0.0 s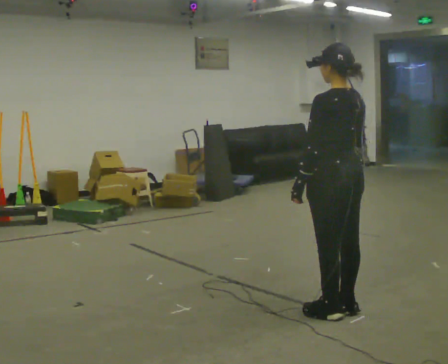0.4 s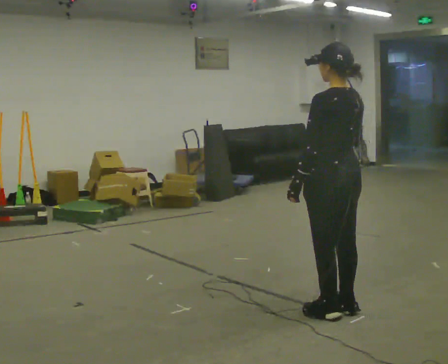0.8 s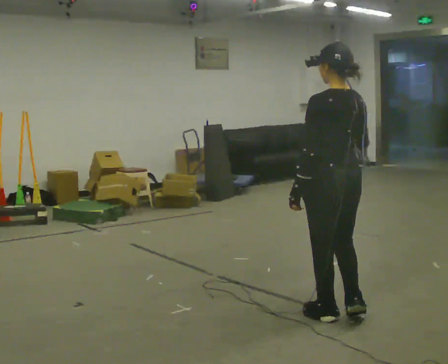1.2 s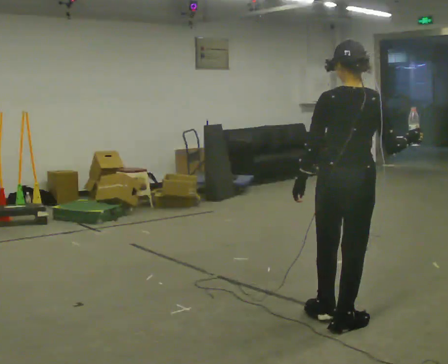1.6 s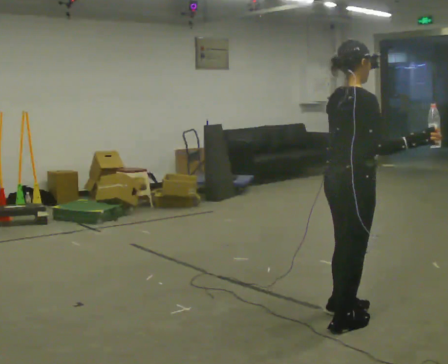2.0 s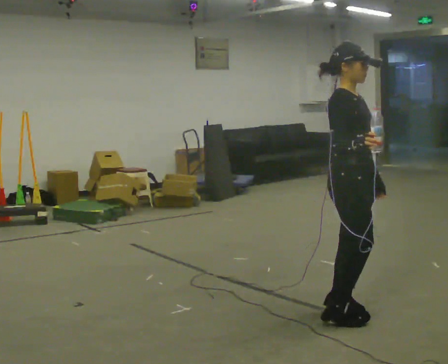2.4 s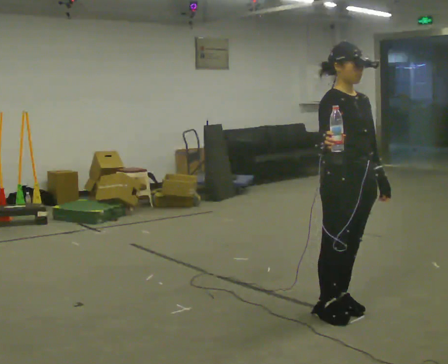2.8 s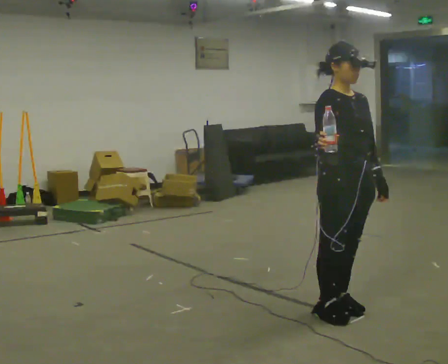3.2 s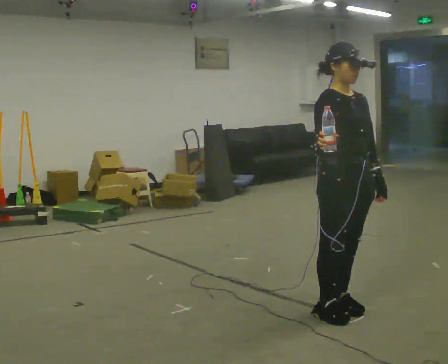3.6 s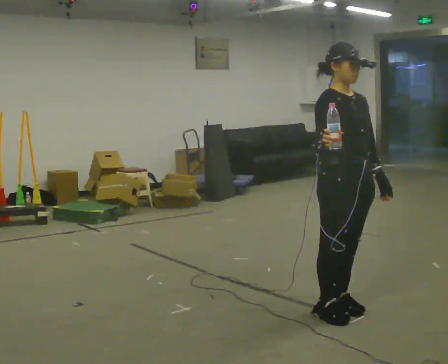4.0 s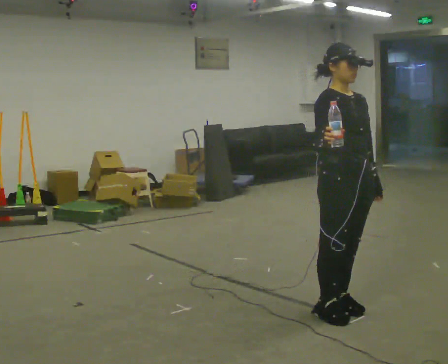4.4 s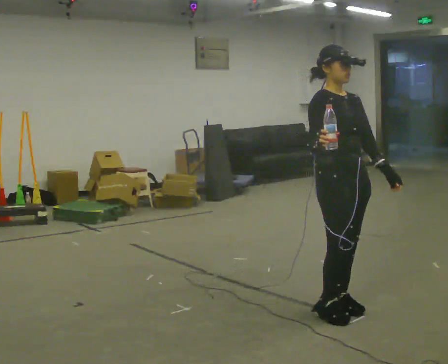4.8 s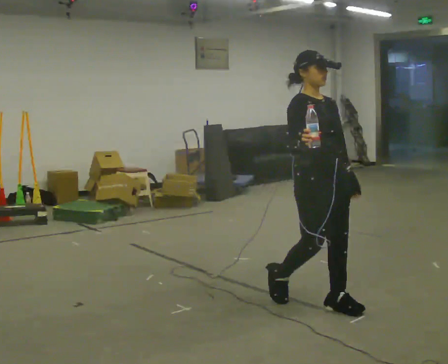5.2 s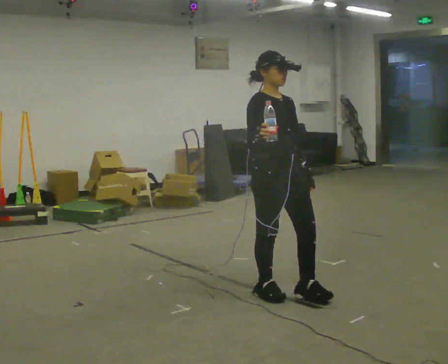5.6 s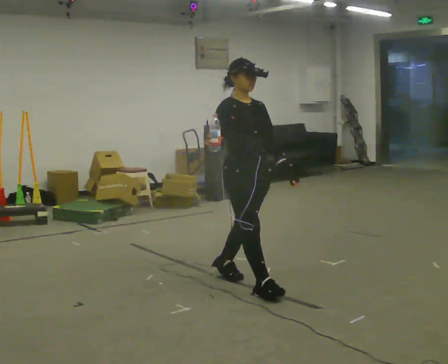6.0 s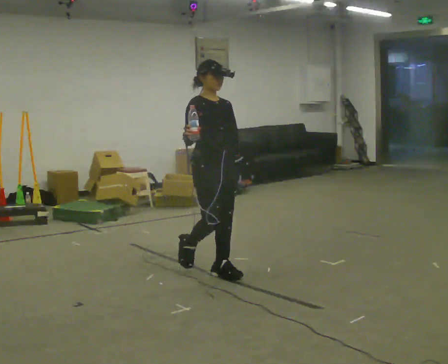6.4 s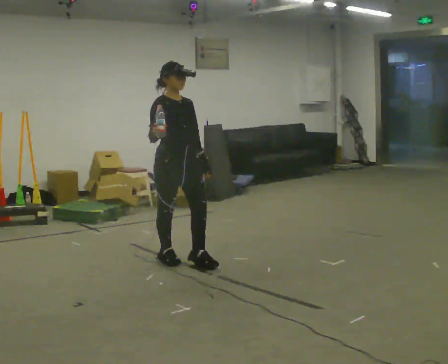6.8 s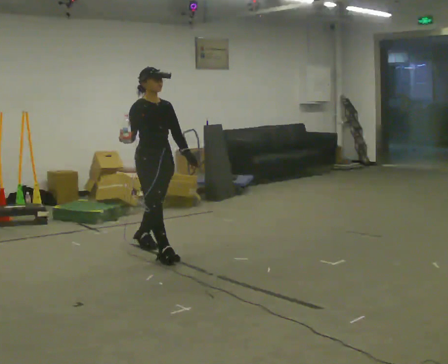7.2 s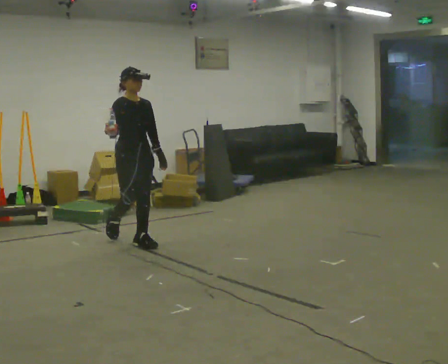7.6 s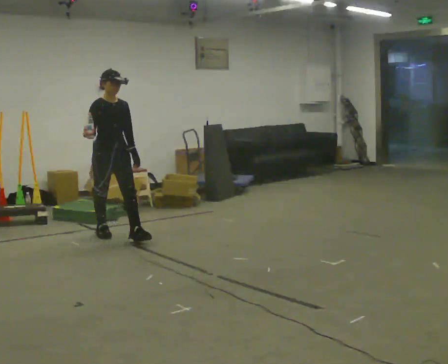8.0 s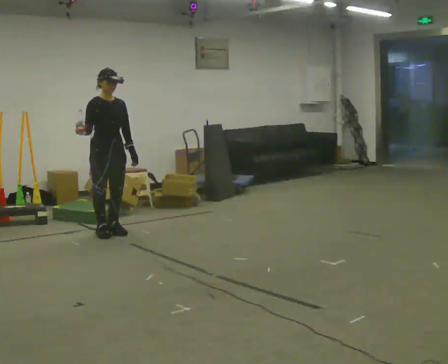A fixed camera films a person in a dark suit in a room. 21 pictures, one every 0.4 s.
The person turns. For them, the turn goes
to their right.
The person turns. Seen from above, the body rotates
clockwise.
0.0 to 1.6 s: Seen from above the body turns clockwise, about 105 degrees: to their right, with its near side sliding to the left. In the picture they go toward the camera, about 0.25 m in 2 steps.
1.6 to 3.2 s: Seen from above the body turns clockwise, about 75 degrees: to their right, with its near side sliding to the left. In the picture their right hand goes to the left.
3.2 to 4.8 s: In the picture they go away from the camera, about 0.25 m in 1 step, which for them is backward.
4.8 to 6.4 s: In the picture they go to the left and away from the camera, about 1.5 m in 3 steps, which for them is backward.
6.4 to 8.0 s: In the picture they go to the left and away from the camera, about 1 m in 2 steps, which for them is backward.
The film runs backward here.
